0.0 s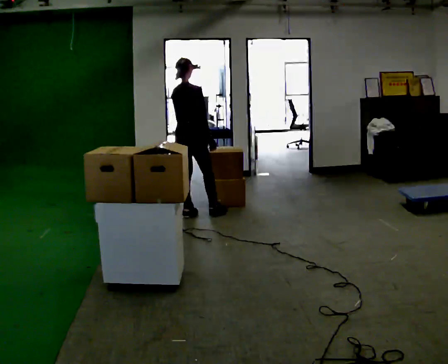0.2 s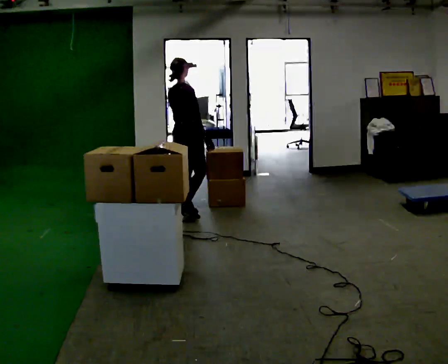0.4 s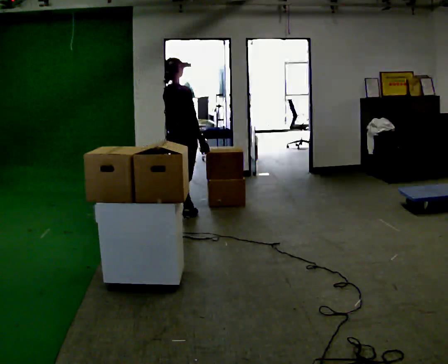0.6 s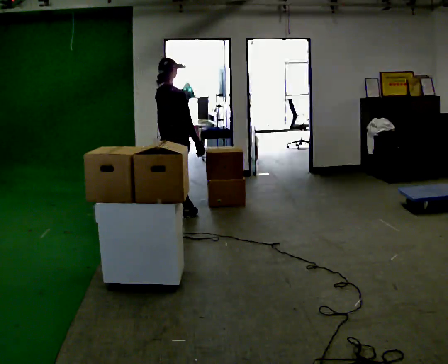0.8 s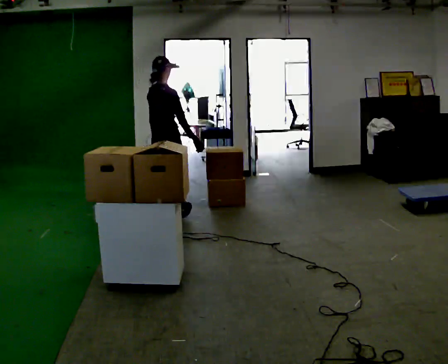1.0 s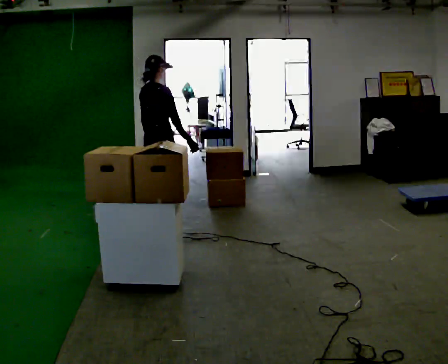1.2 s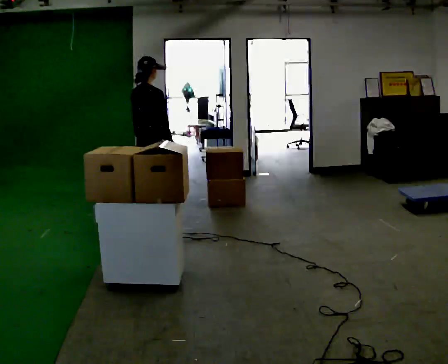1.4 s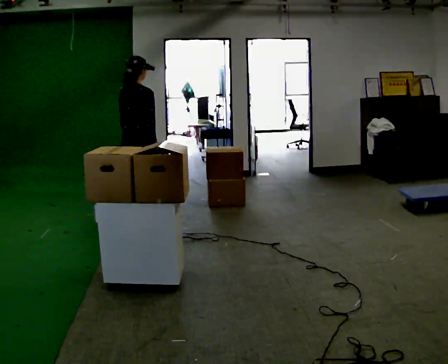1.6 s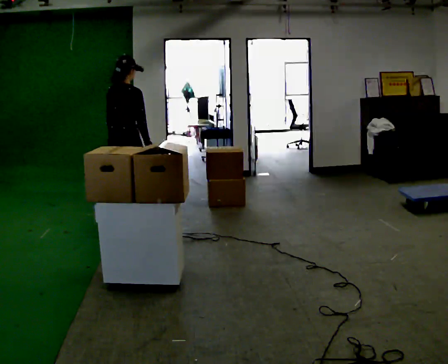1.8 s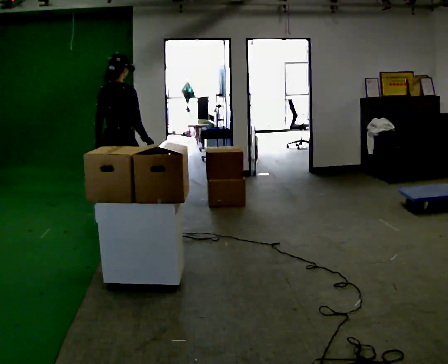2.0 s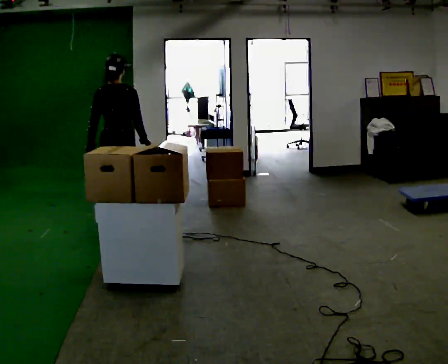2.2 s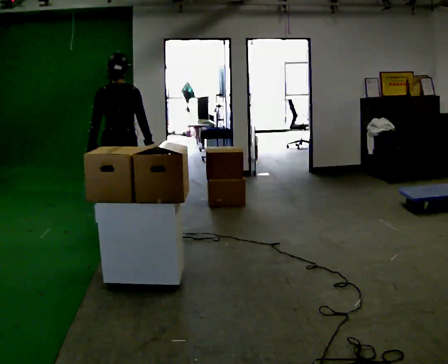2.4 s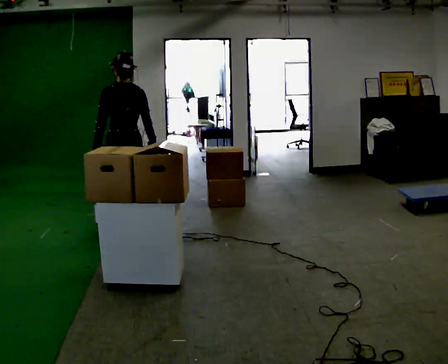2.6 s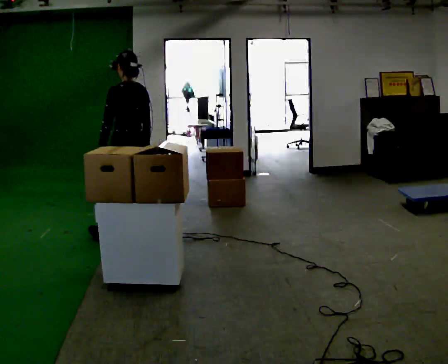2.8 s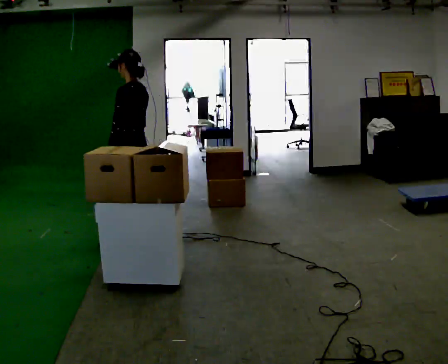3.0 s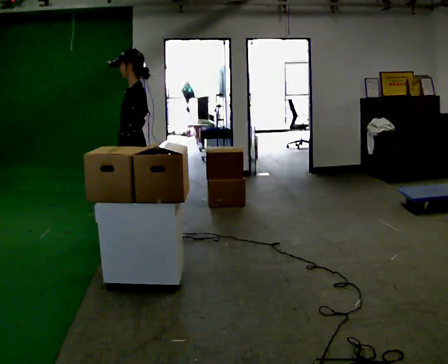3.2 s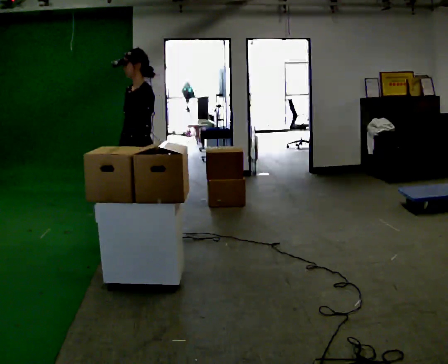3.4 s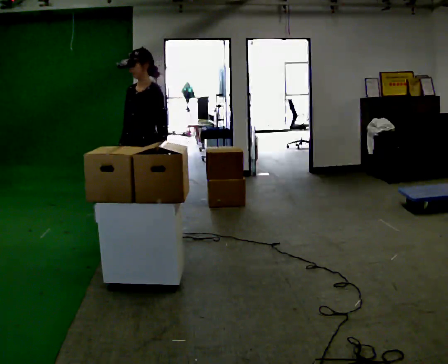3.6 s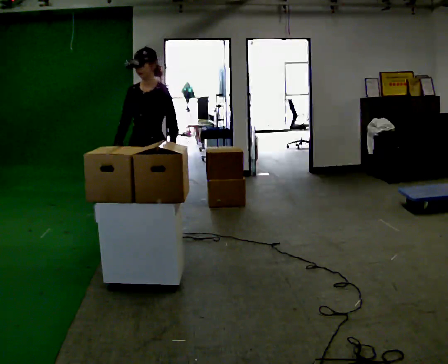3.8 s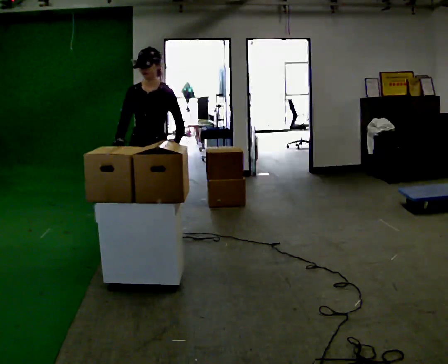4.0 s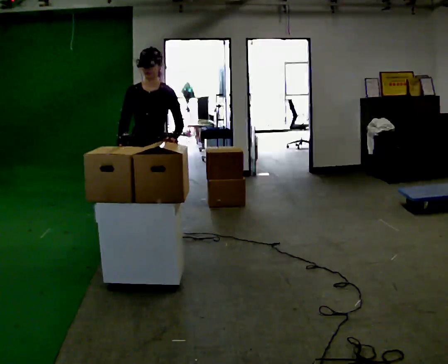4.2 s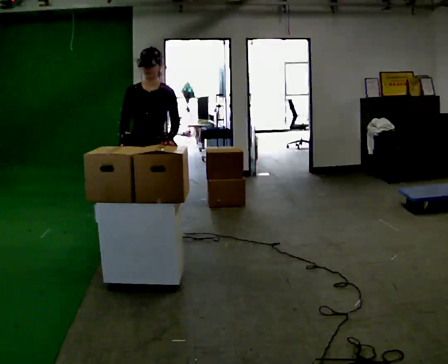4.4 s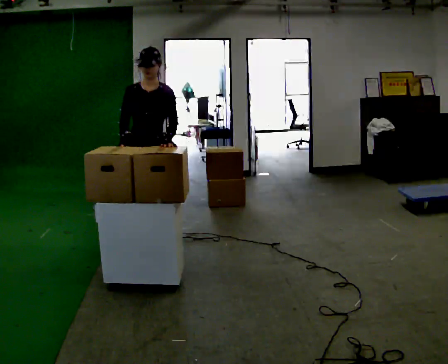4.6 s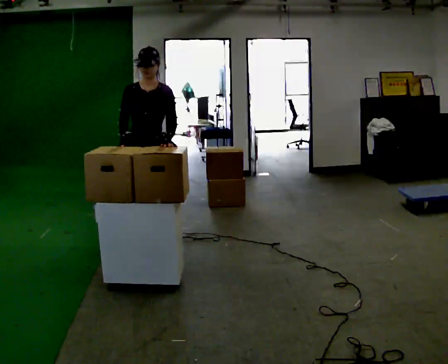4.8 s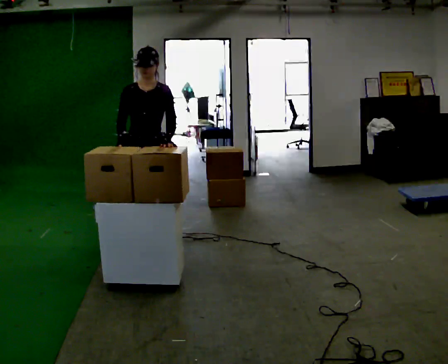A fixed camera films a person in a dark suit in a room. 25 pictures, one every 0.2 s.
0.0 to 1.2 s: In the picture they go to the left and toward the camera, about 0.5 m in 1 step, which for them is backward.
1.2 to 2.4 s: The part of the body nearest the lens slides to the right as the person turns to their left by about 60 degrees. In the picture they go toward the camera and to the left, about 0.5 m in 1 step.
2.4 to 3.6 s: The part of the body nearest the lens slides to the right as the person turns to their left by about 120 degrees. In the picture they go toward the camera and to the right, about 0.25 m in 1 step.
3.6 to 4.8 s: The part of the body nearest the lens slides to the right as the person turns to their left by about 30 degrees.
The film runs backward here.
